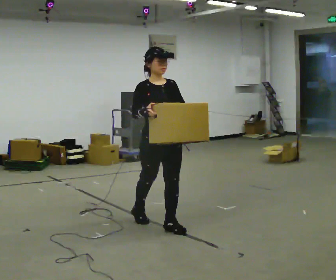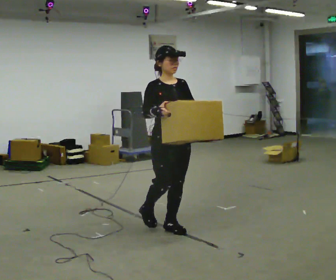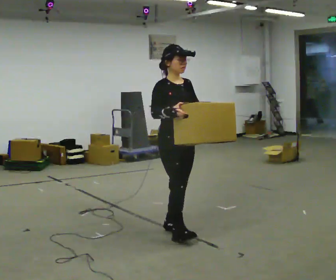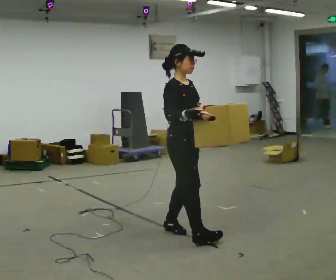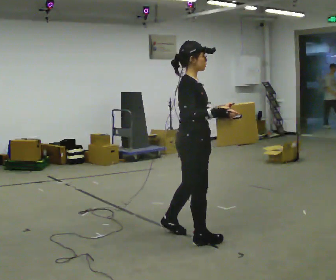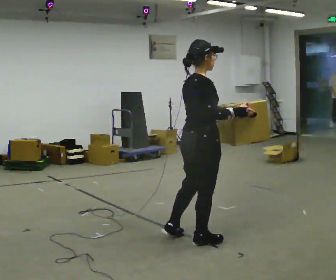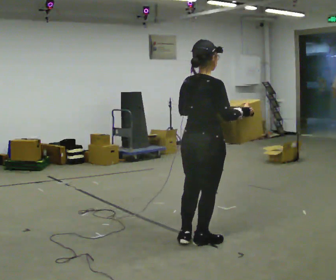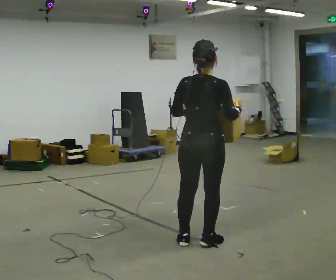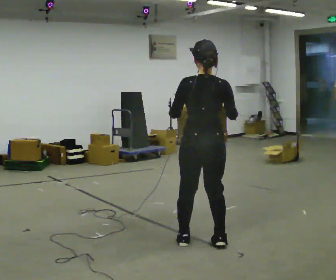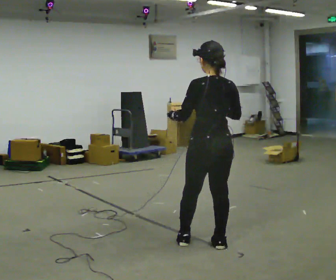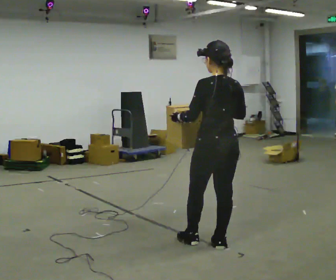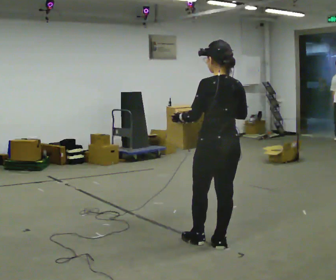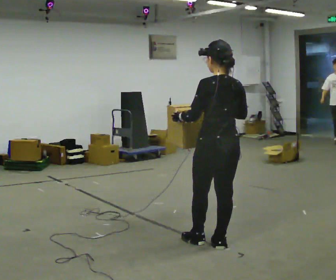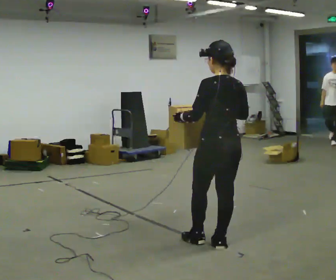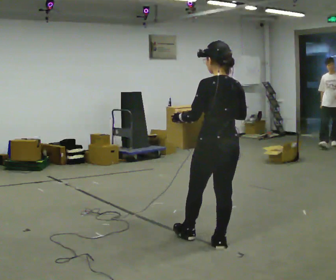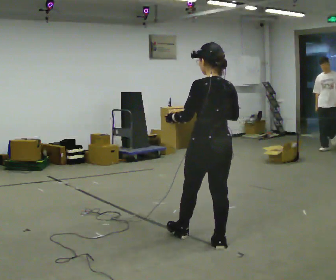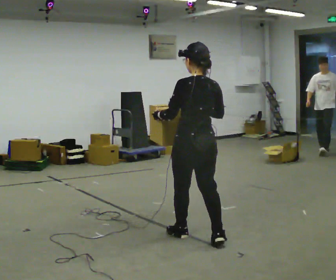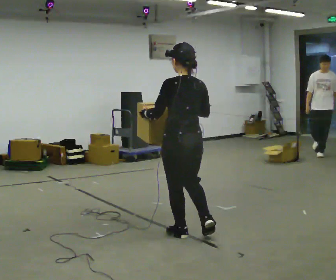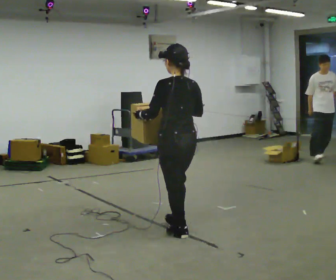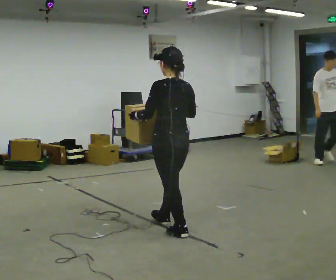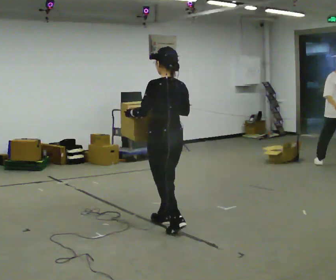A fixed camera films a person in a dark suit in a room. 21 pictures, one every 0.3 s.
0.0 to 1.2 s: The person turns about 60 degrees to their left, counterclockwise seen from above, so the part of the body nearest the lens slides to the right. In the picture they go to the right and toward the camera, about 0.5 m in 1 step.
1.2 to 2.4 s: Seen from above the body turns counterclockwise, about 105 degrees: to their left, with its near side sliding to the right. In the picture their left hand goes to the left.
2.4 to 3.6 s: The person moves a little, or ends about where they began.
3.6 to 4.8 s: In the picture they go to the left, about 0.25 m in 1 step, which for them is forward.
4.8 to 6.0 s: In the picture they go away from the camera and to the left, about 0.5 m in 1 step, which for them is forward.
The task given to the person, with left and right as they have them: Carry the box across the room much more slowly and carefully than normal, back and forth.
The film runs forward here.
